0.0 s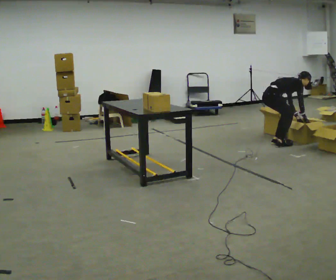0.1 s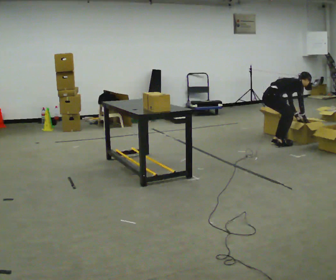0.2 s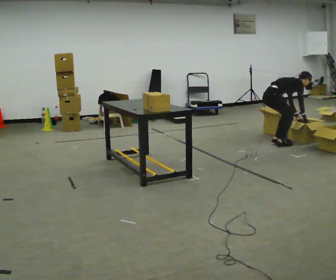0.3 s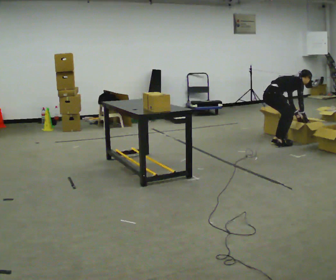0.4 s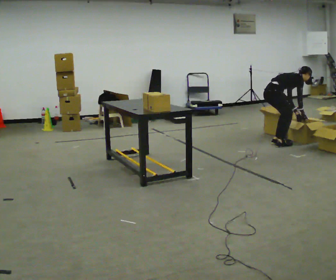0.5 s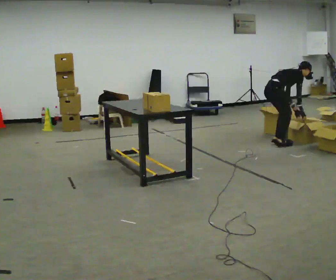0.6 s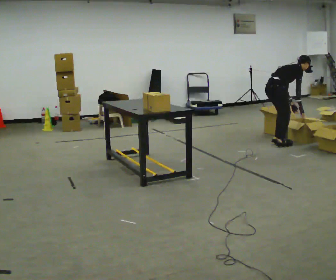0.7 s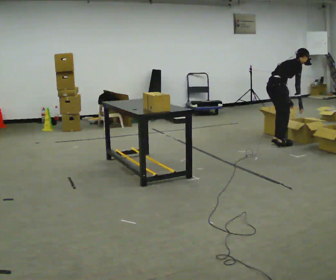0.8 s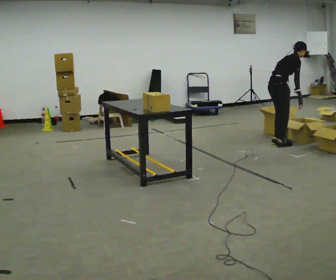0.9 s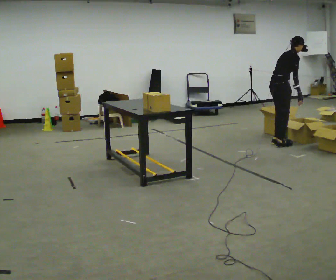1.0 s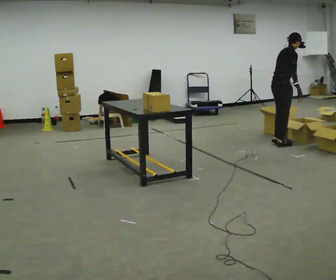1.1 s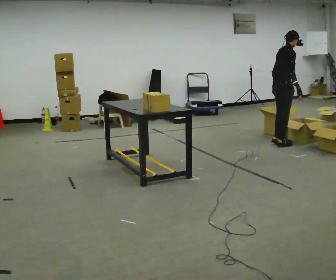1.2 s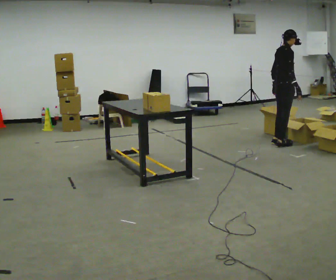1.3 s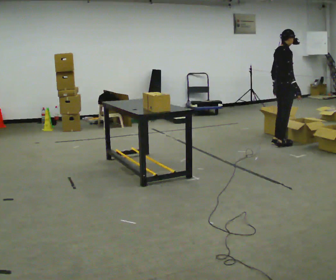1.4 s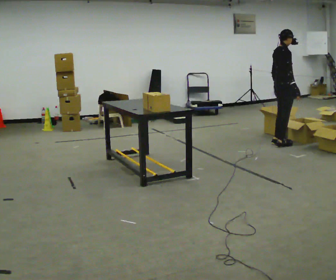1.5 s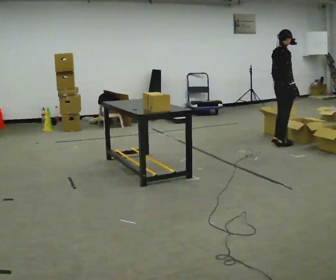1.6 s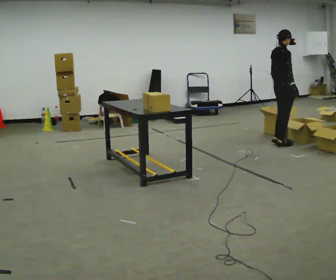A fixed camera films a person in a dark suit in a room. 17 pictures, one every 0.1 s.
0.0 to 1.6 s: In the picture they go to the right, about 0.25 m, which for them is forward. The shoulders move upward. In the picture the upper body tilts counterclockwise, shoulders to the left, as they lean back or straighten. In the picture their left hand goes upward and to the left.
The film runs forward here.
